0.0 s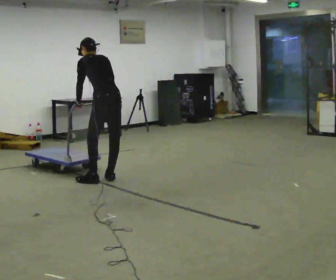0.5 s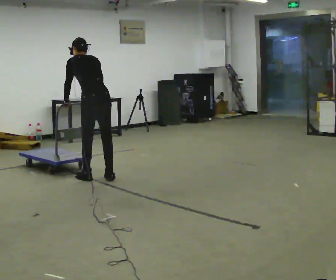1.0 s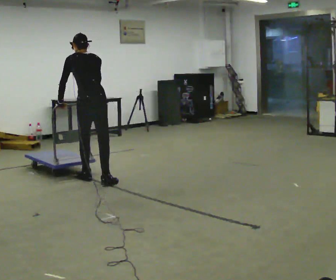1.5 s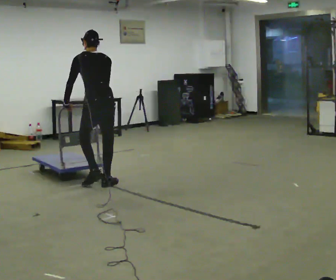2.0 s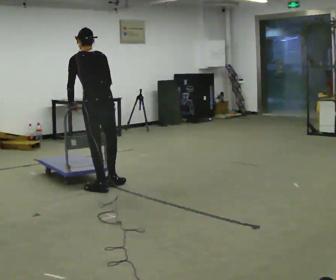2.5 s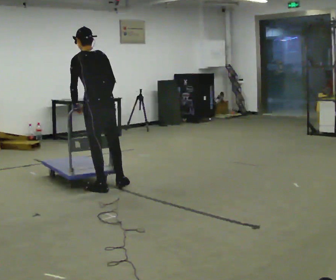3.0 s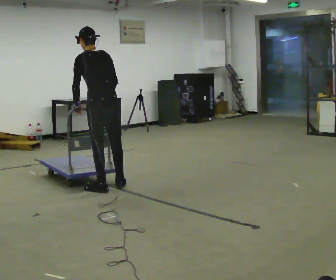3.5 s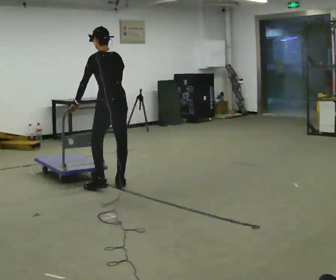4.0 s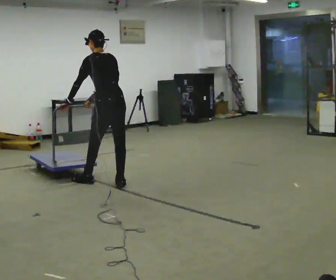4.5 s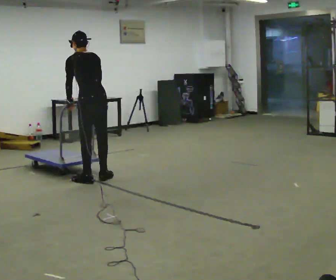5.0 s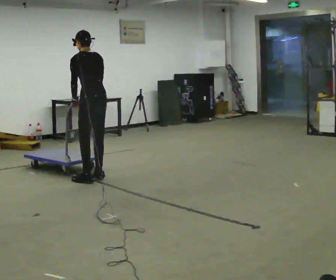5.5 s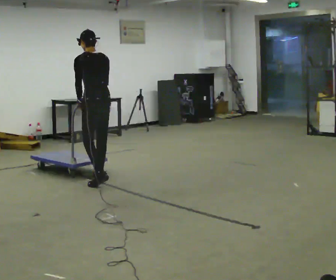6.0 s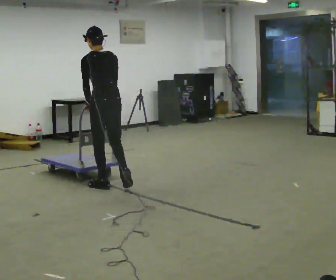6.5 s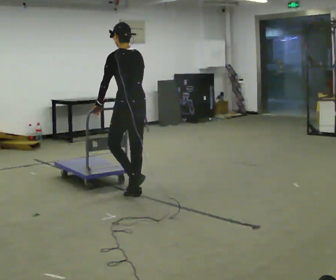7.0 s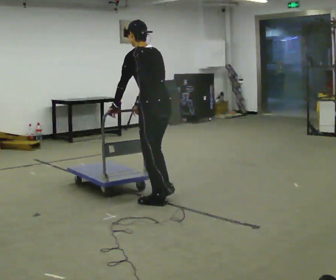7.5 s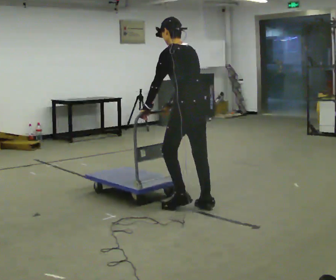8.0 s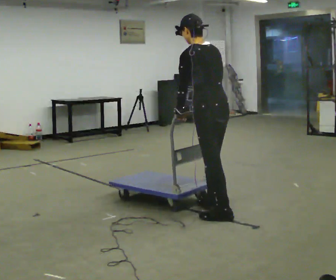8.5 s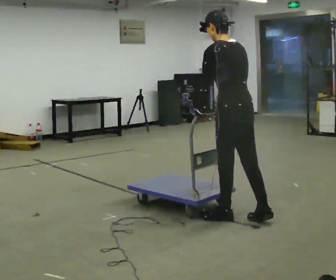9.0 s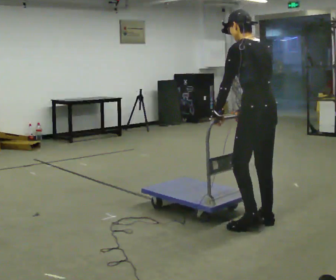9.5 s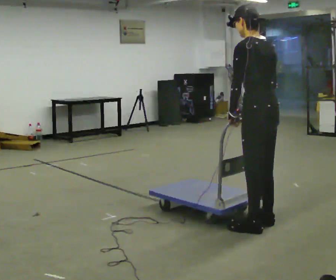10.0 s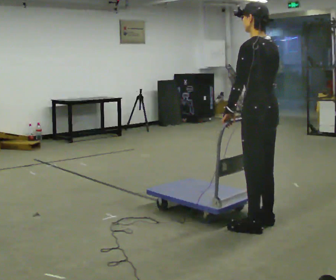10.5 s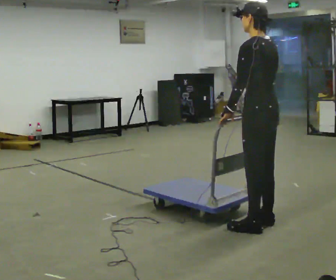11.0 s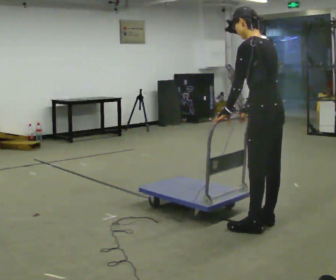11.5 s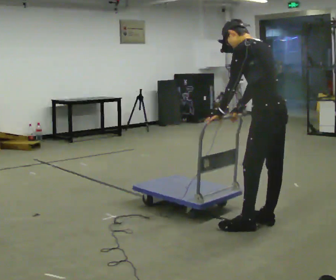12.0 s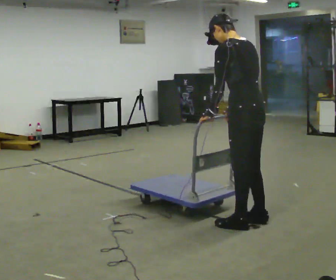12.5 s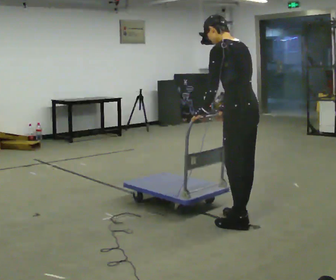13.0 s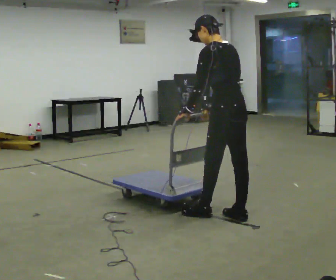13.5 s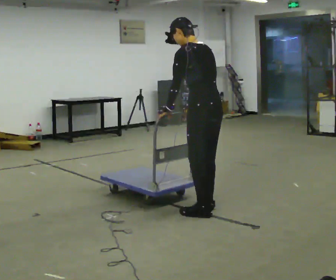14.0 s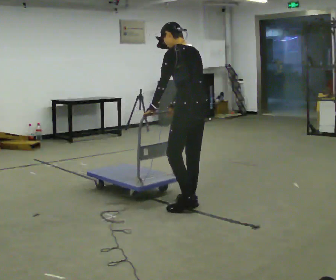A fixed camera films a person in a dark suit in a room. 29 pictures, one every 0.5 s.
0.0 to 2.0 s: In the picture they go toward the camera, about 0.5 m in 3 steps, which for them is backward and to their left.
2.0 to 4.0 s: In the picture they go away from the camera, about 0.25 m in 1 step, which for them is to their right.
4.0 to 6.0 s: The person moves a little, or ends about where they began.
6.0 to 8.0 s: In the picture they go to the right and toward the camera, about 1.5 m in 4 steps, which for them is backward.
8.0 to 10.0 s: In the picture they go toward the camera and to the right, about 0.5 m in 1 step, which for them is backward.
10.0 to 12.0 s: The person moves a little, or ends about where they began.
12.0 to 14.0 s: In the picture they go away from the camera and to the left, about 0.75 m in 3 steps, which for them is forward.
The film runs backward here.
